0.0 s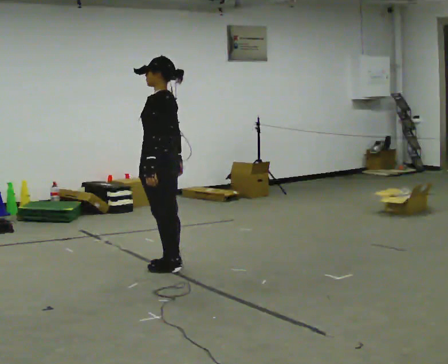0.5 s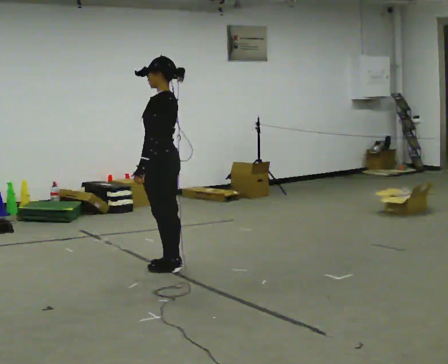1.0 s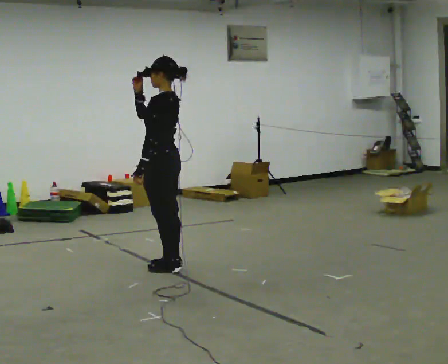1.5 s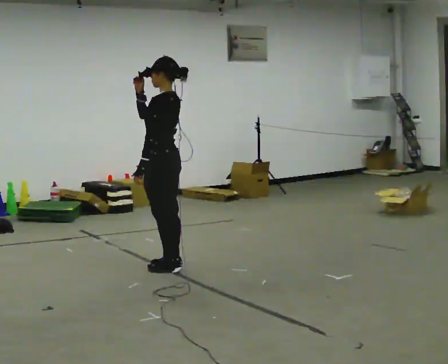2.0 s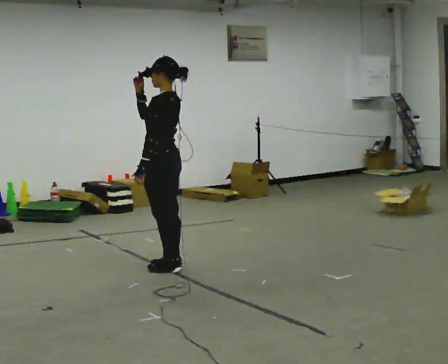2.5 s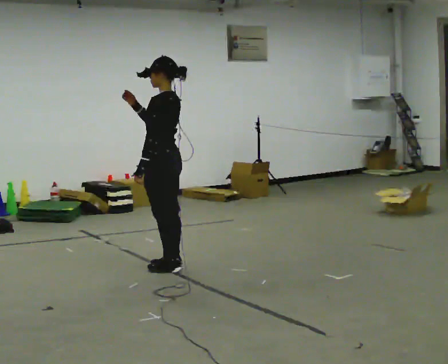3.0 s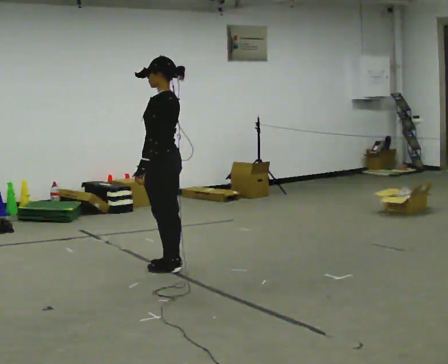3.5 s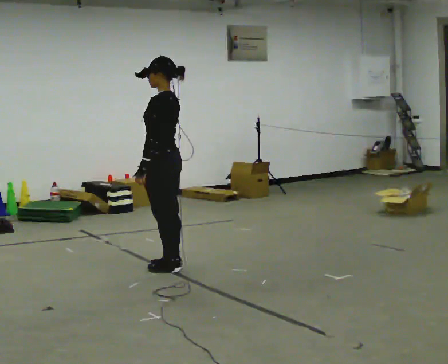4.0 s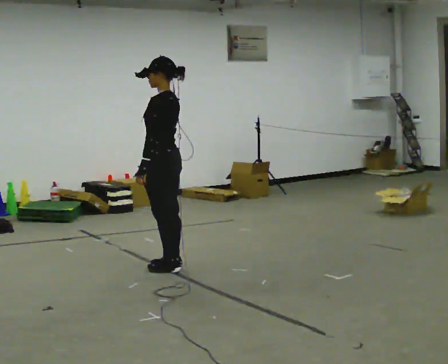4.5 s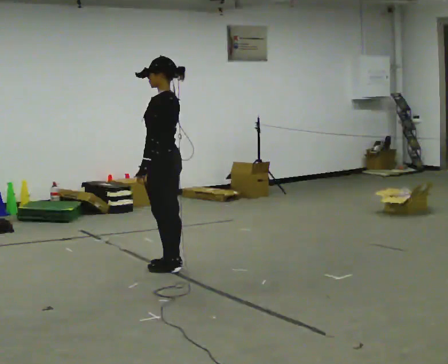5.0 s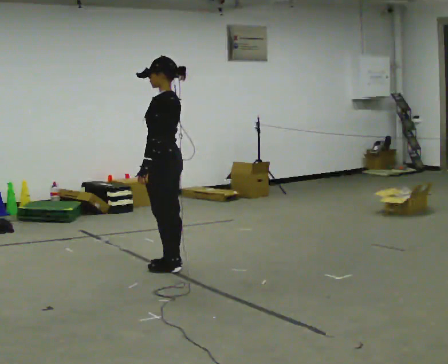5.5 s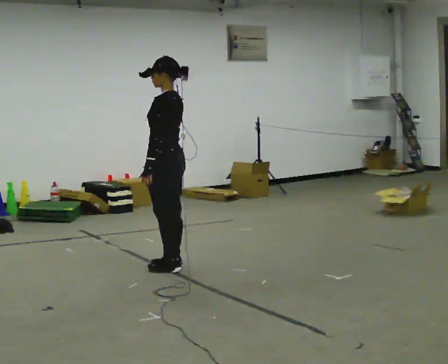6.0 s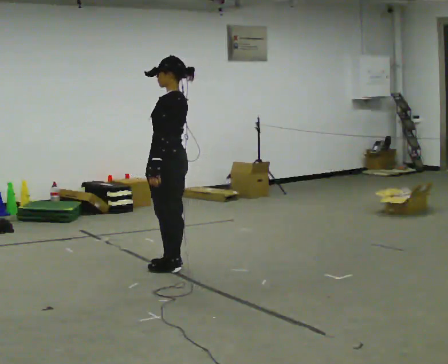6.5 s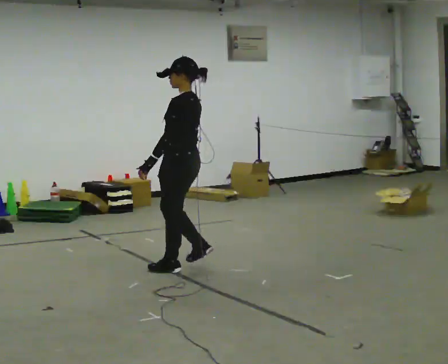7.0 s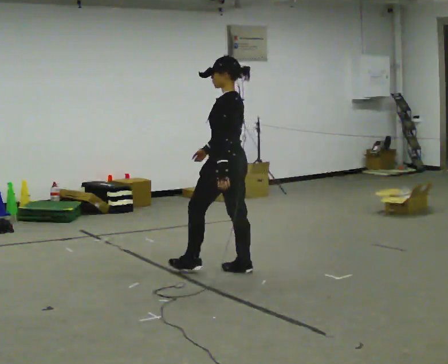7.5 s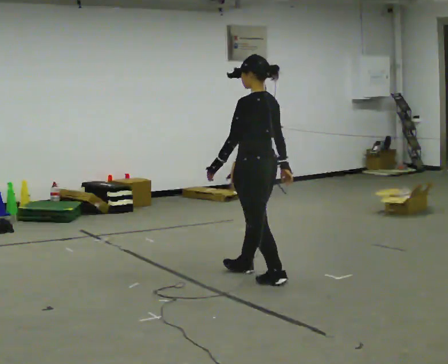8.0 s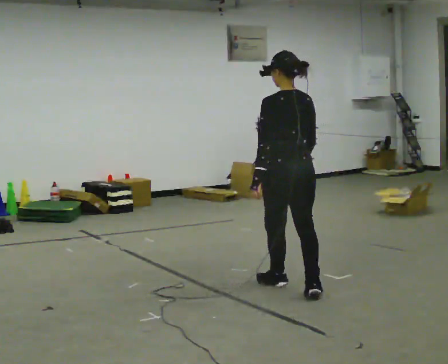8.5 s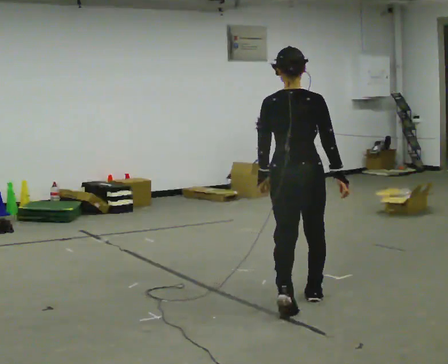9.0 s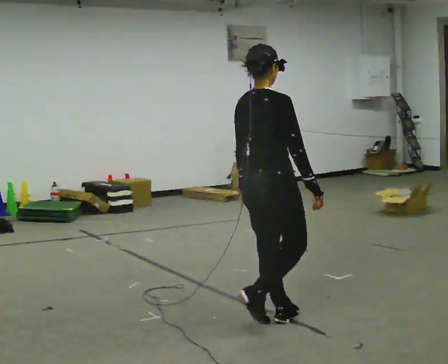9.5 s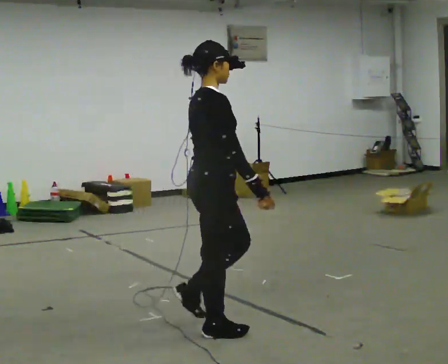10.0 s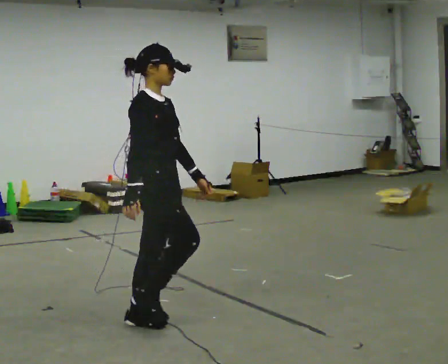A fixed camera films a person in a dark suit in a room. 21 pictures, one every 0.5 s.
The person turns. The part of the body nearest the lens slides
to the left.
The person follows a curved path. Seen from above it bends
clockwise.
0.0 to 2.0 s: In the picture their right hand goes upward.
2.0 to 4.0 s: In the picture their right hand goes downward.
4.0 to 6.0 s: The person moves a little, or ends about where they began.
6.0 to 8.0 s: The person turns about 45 degrees to their right, clockwise seen from above, so the part of the body nearest the lens slides to the left. In the picture they go to the right and toward the camera, about 1 m in 3 steps, which for them is backward.
8.0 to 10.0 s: Seen from above the body turns clockwise, about 120 degrees: to their right, with its near side sliding to the left. In the picture they go to the left and toward the camera, about 1 m in 4 steps.
The film runs backward here.
